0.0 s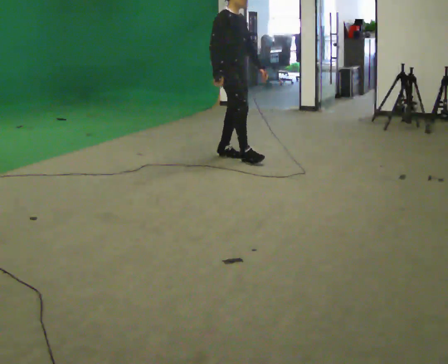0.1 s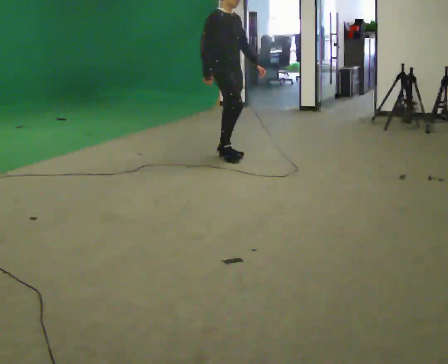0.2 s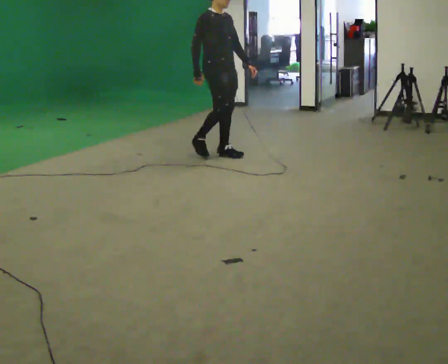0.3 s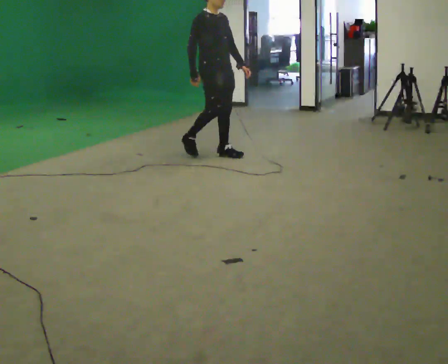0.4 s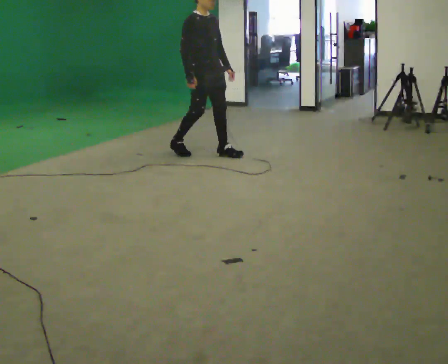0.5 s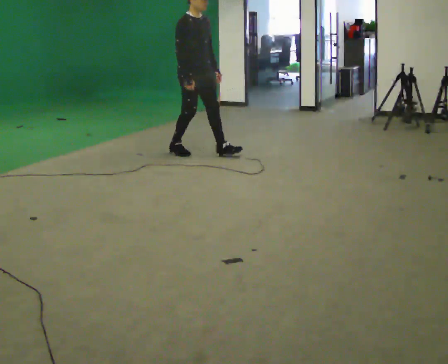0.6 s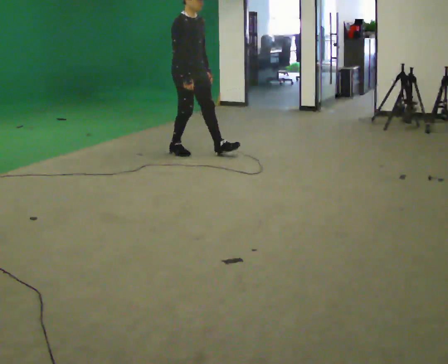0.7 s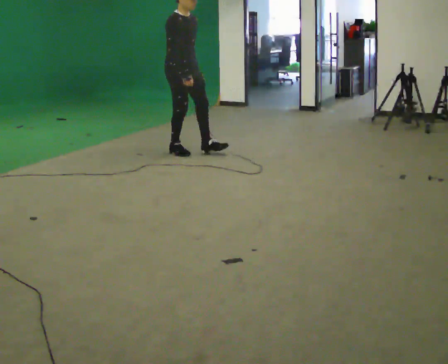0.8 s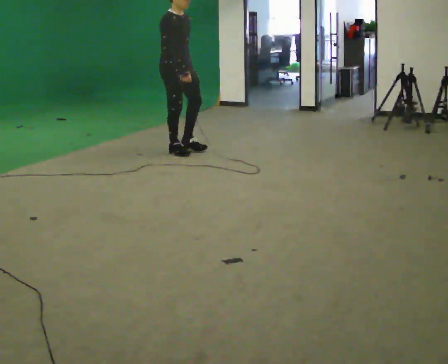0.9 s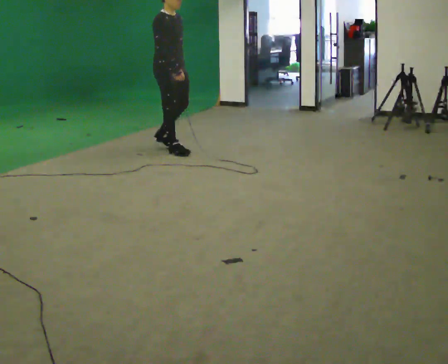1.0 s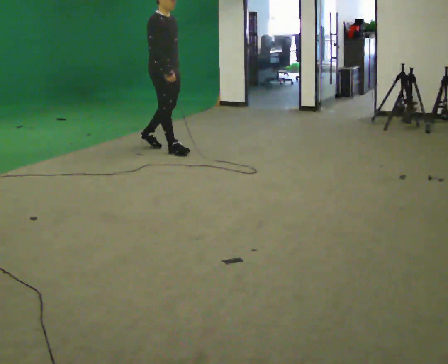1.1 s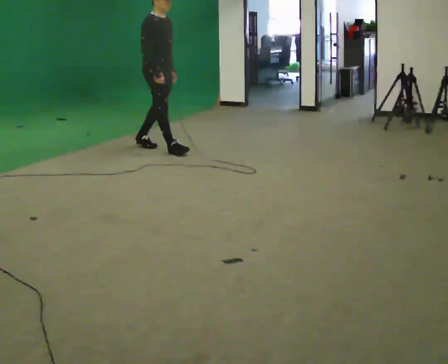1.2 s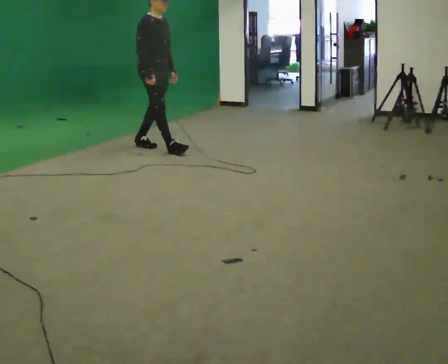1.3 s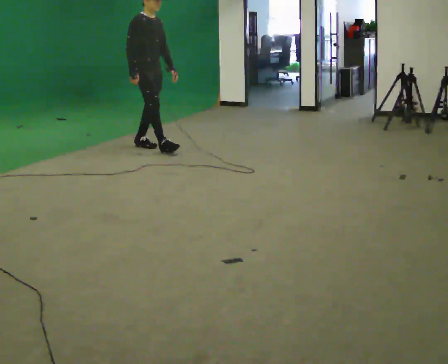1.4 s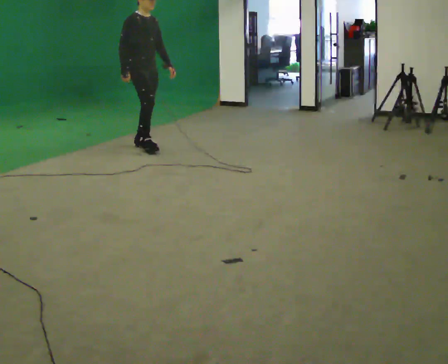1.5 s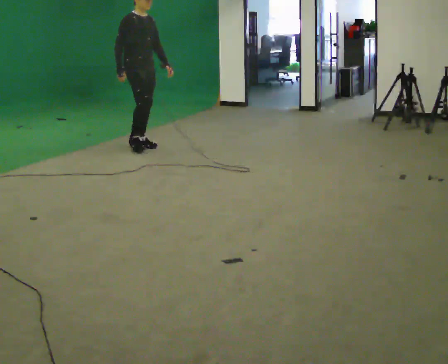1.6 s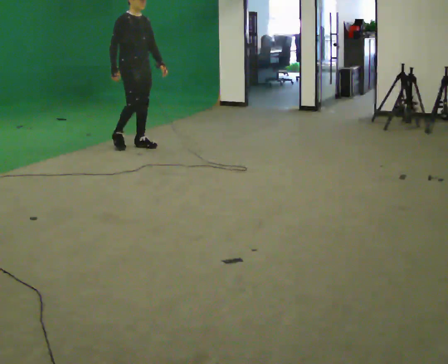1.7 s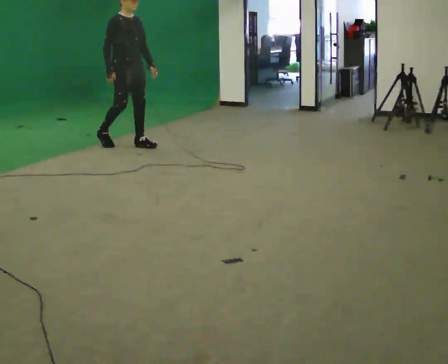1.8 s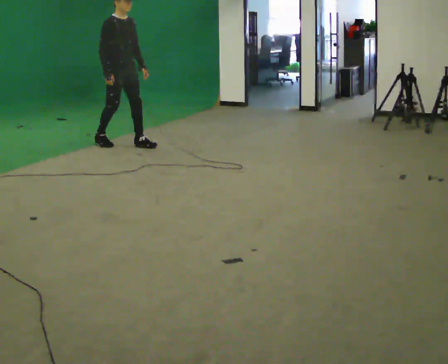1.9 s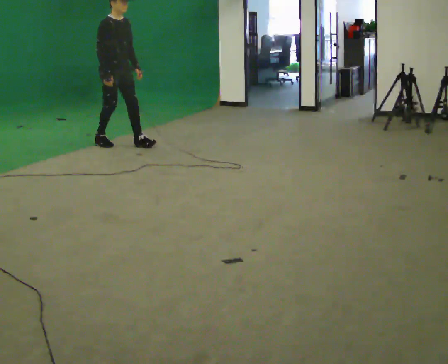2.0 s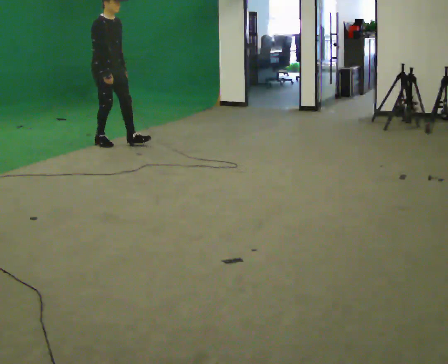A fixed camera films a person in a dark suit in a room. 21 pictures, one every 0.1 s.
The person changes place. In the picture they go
to the left.
0.0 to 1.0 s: In the picture they go to the left and away from the camera, about 0.5 m in 1 step, which for them is backward.
1.0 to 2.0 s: In the picture they go to the left and away from the camera, about 0.5 m in 2 steps, which for them is backward.
The film runs forward here.
